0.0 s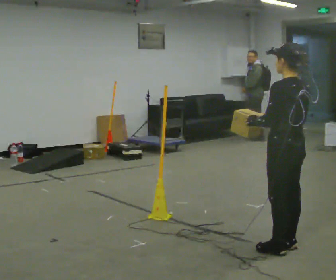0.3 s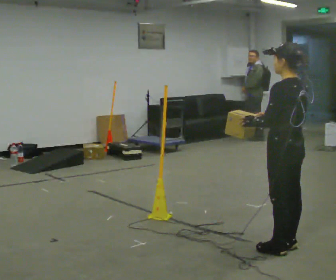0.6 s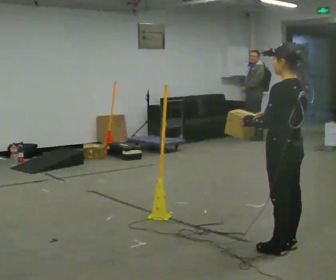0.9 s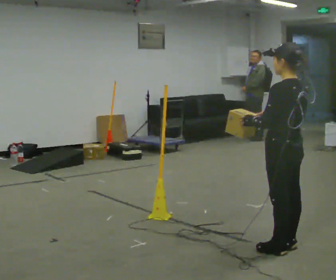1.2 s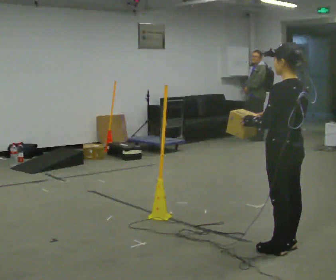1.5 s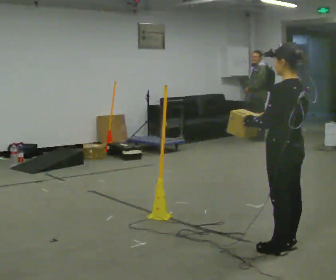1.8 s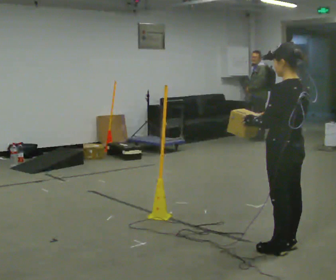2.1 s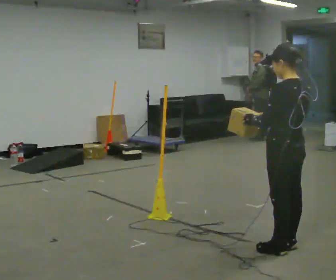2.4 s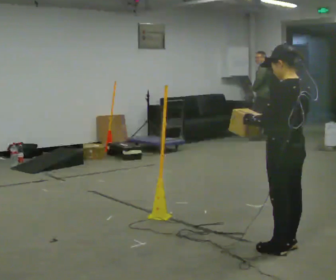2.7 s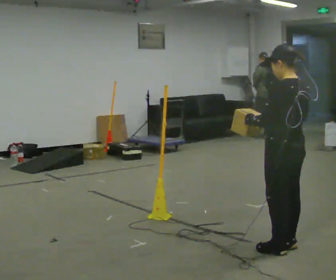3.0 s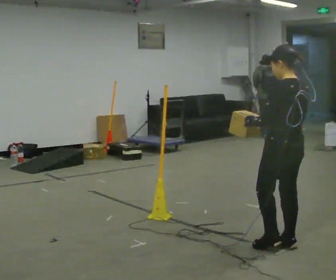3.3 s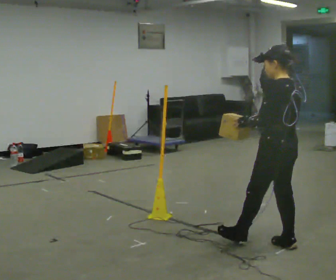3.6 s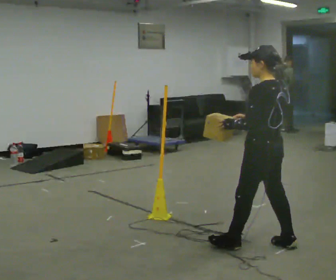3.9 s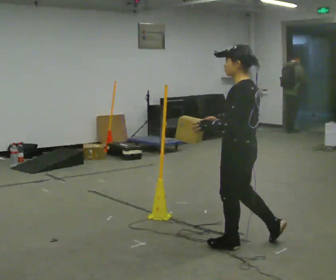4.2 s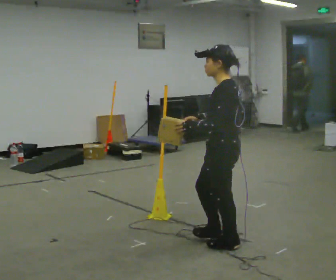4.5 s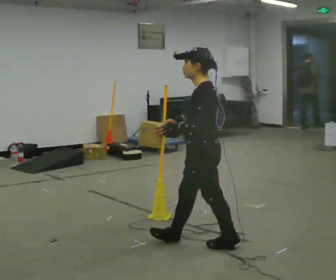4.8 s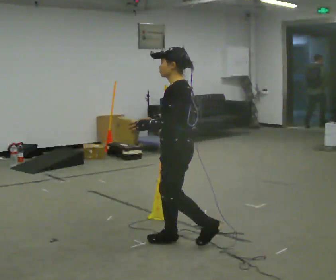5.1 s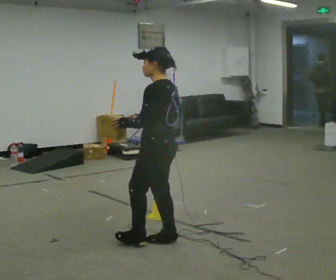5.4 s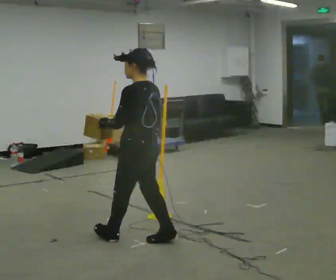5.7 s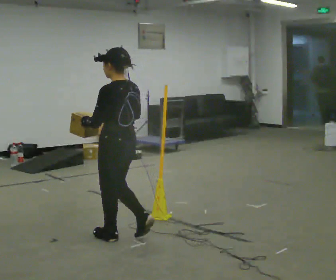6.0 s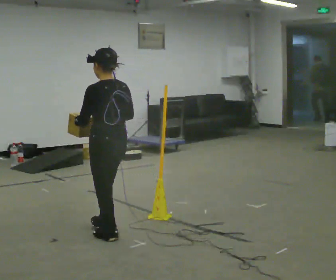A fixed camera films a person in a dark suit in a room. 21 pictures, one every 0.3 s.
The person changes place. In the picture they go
to the left.
0.0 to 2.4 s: The person moves a little, or ends about where they began.
2.4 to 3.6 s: In the picture they go to the left, about 0.25 m in 1 step, which for them is forward.
3.6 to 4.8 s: The part of the body nearest the lens slides to the right as the person turns to their left by about 30 degrees. In the picture they go to the left, about 0.5 m in 1 step, which for them is forward.
4.8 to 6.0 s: The part of the body nearest the lens slides to the left as the person turns to their right by about 30 degrees. In the picture they go to the left, about 0.5 m in 1 step, which for them is forward.
The film runs forward here.
